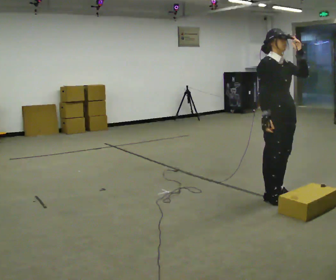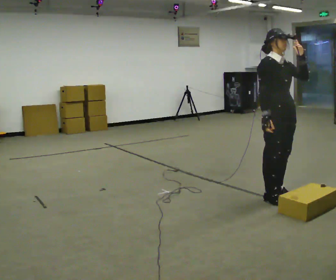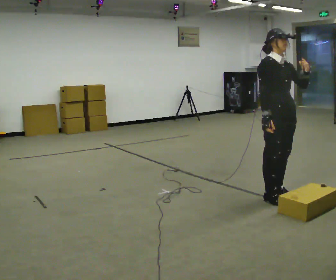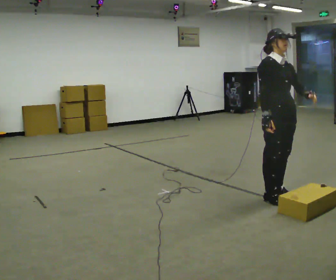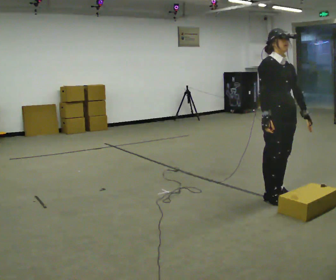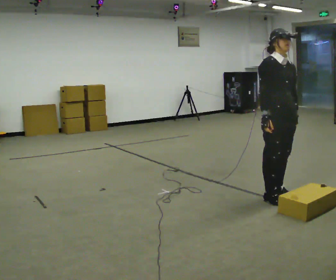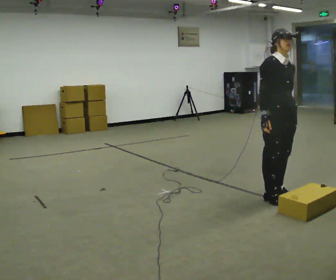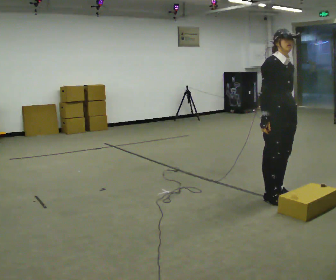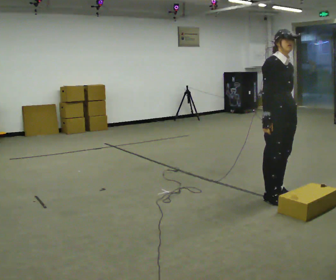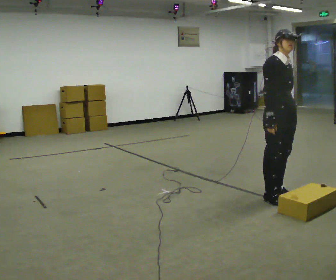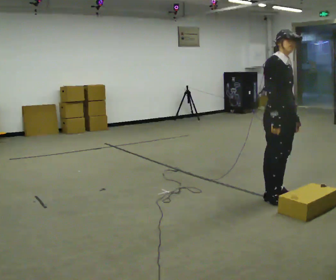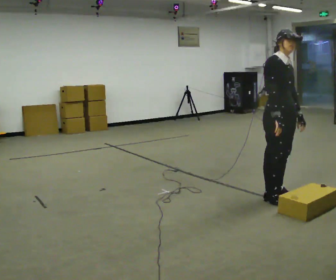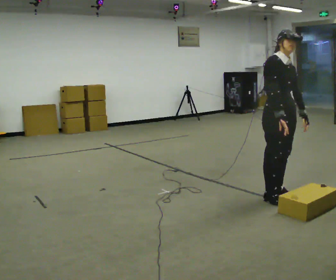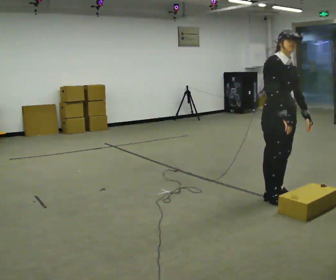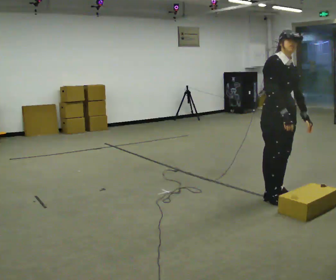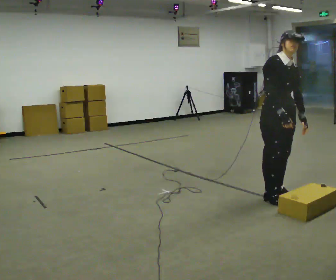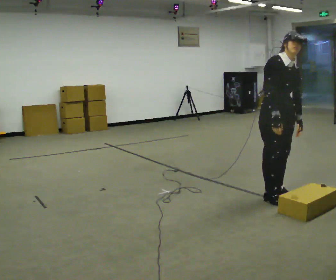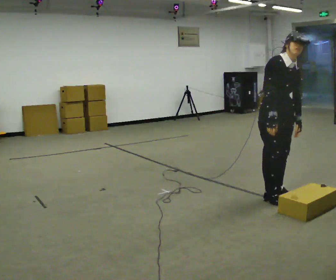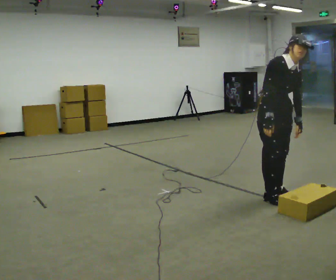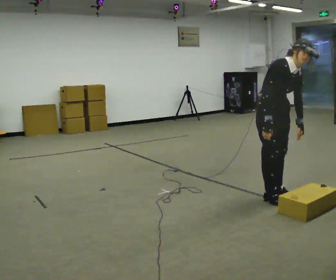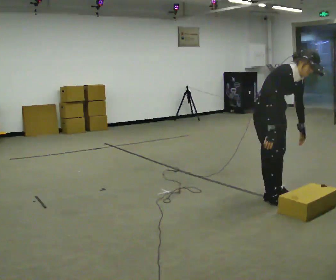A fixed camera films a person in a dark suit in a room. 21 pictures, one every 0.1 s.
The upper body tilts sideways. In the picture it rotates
clockwise.
Their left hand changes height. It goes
downward.
0.0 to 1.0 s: In the picture their left hand goes downward.
1.0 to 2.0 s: In the picture the upper body tilts clockwise, shoulders to the right, as they bend forward.
The film runs forward here.
